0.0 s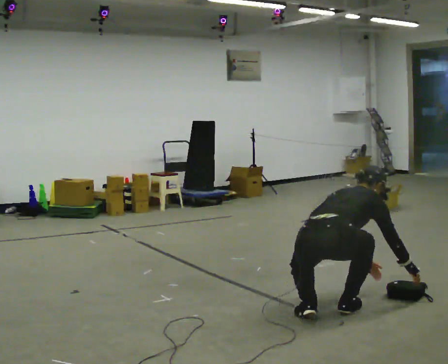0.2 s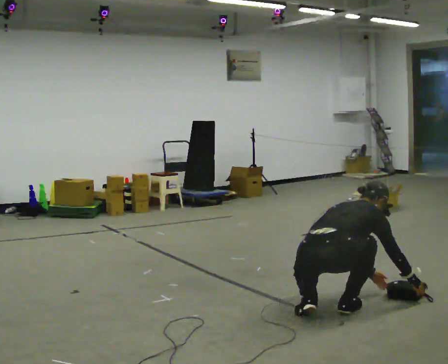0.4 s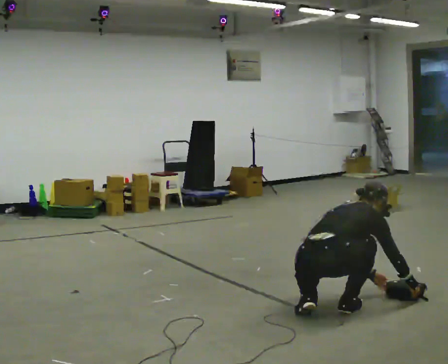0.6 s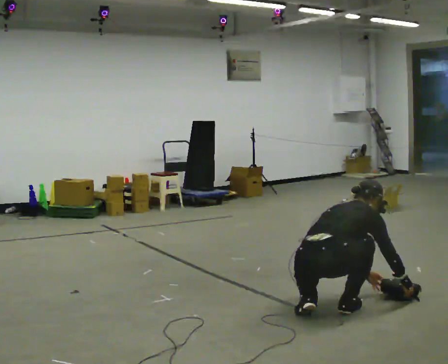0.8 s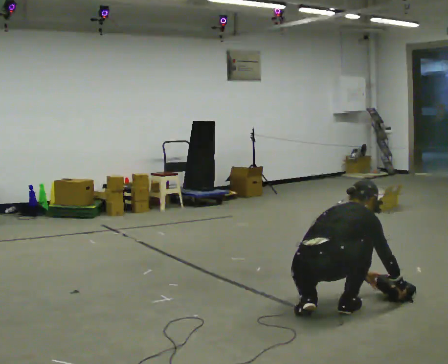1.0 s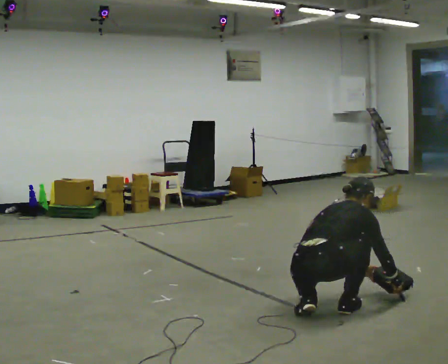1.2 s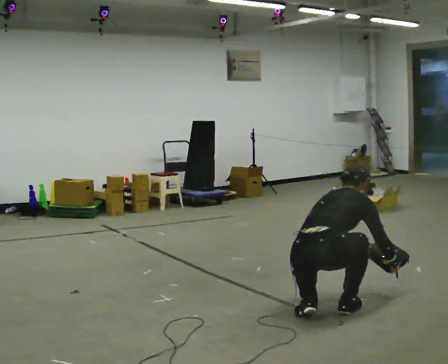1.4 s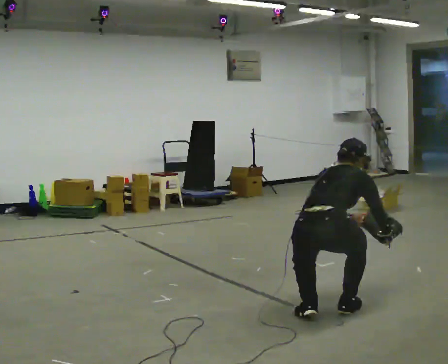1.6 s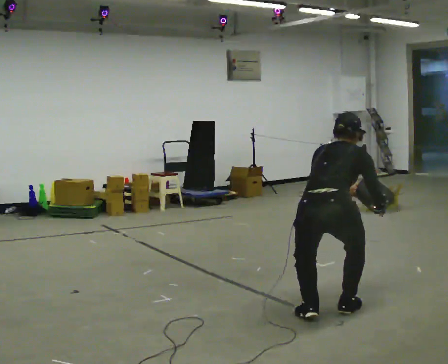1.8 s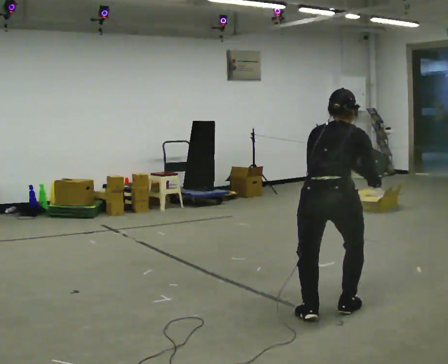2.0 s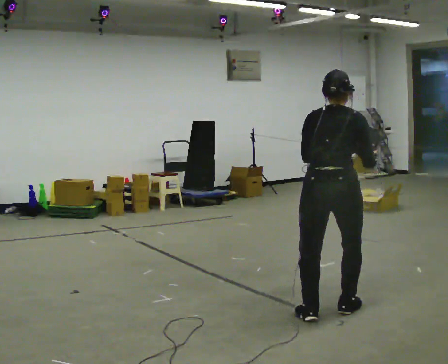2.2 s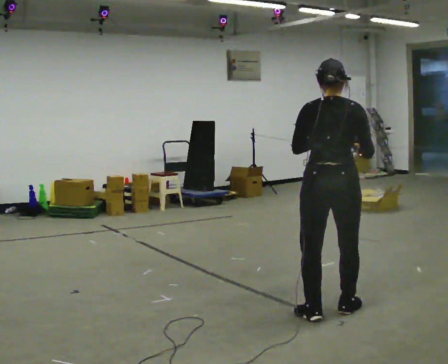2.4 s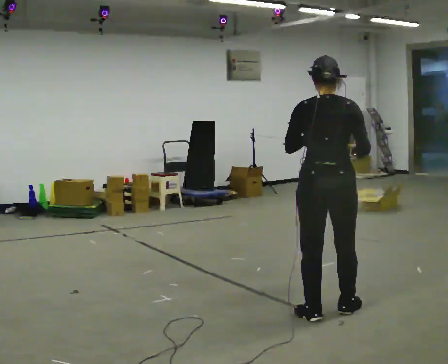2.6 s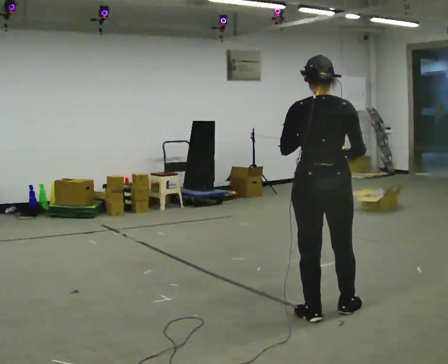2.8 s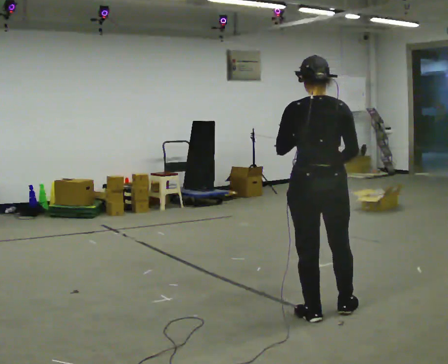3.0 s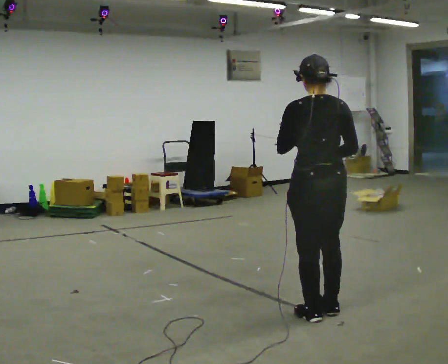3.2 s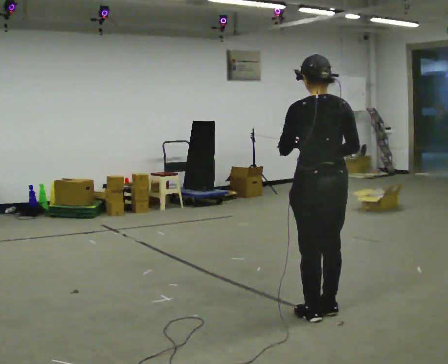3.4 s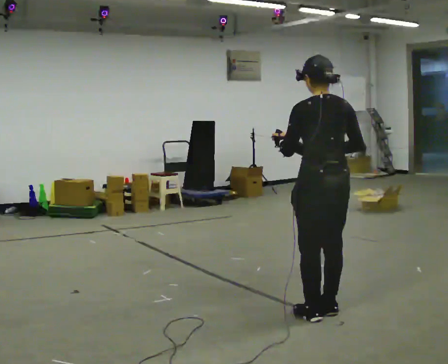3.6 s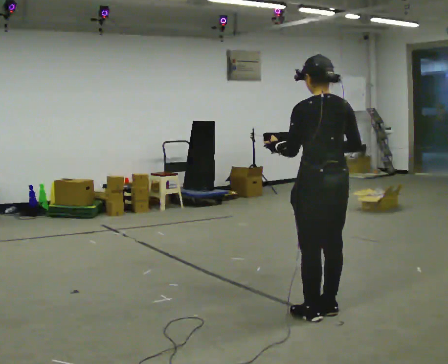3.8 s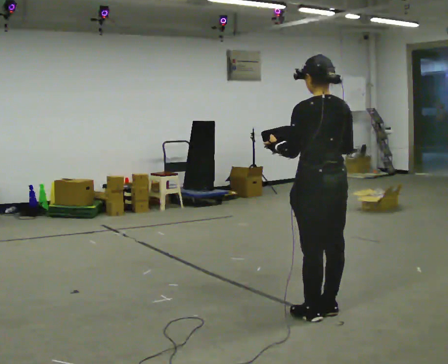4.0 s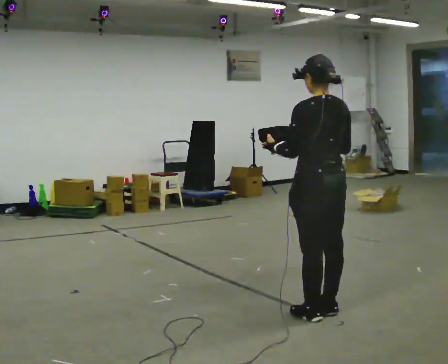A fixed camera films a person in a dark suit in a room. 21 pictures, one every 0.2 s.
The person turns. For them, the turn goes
to their left.
The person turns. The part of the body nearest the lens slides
to the right.
0.0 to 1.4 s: In the picture the upper body tilts counterclockwise, shoulders to the left, as they lean back or straighten.
1.4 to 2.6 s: The person turns about 30 degrees to their left, counterclockwise seen from above, so the part of the body nearest the lens slides to the right. The shoulders move upward. The upper body tips toward the camera, its near side rolling downward, as they lean back or straighten. In the picture their right hand goes upward.
2.6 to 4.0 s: The part of the body nearest the lens slides to the right as the person turns to their left by about 30 degrees.
The film runs forward here.
